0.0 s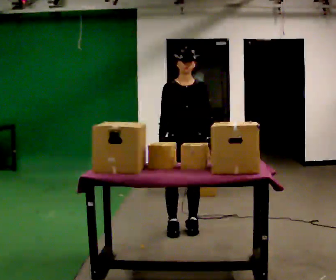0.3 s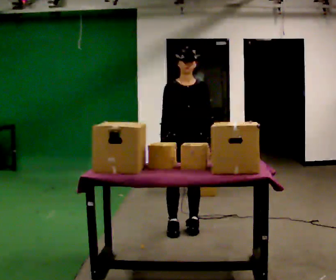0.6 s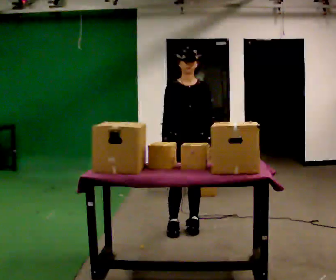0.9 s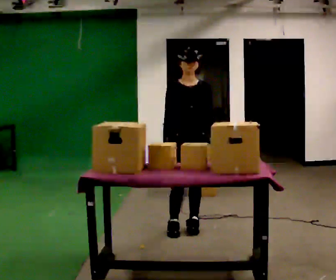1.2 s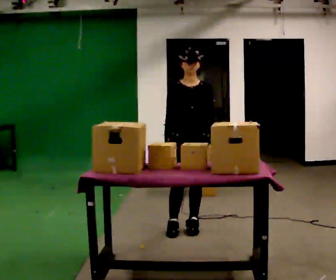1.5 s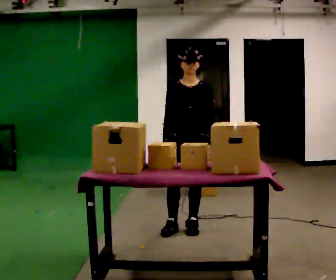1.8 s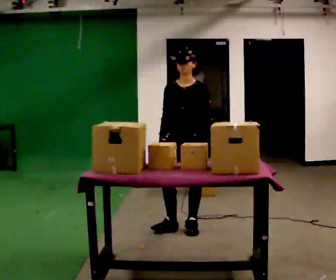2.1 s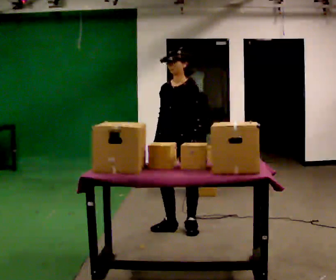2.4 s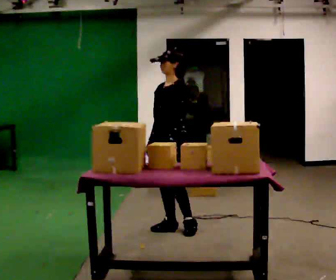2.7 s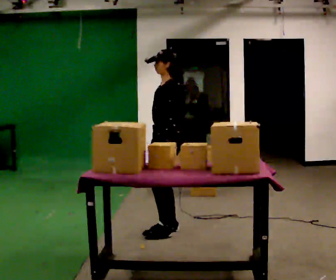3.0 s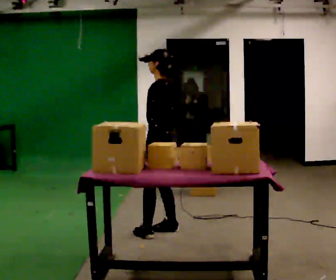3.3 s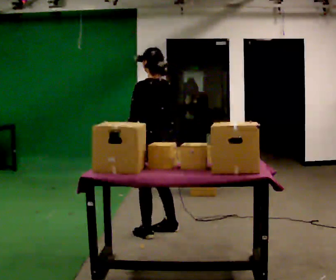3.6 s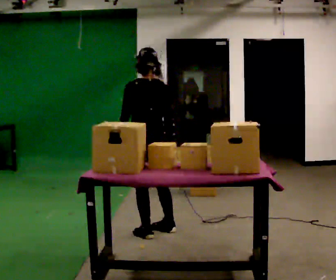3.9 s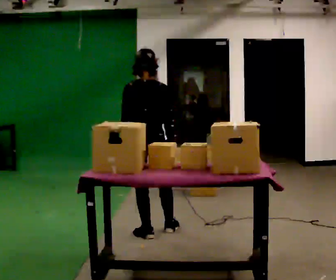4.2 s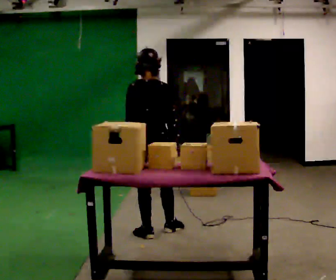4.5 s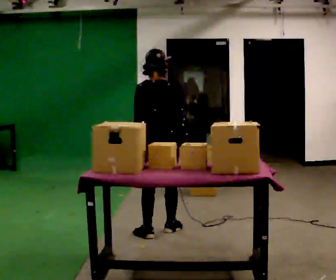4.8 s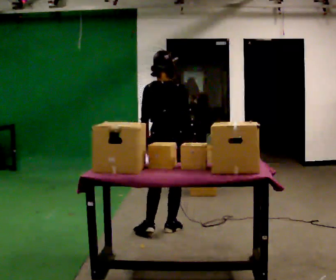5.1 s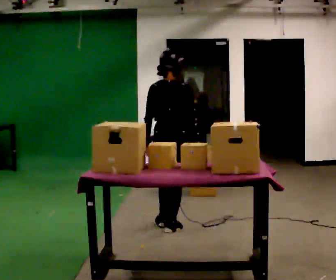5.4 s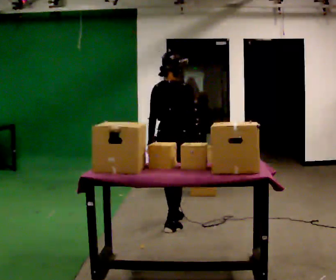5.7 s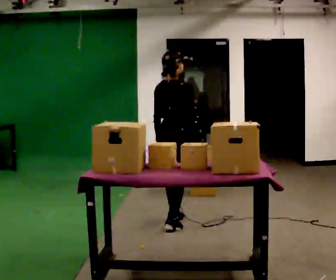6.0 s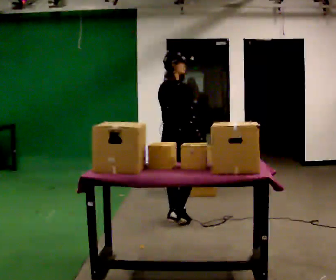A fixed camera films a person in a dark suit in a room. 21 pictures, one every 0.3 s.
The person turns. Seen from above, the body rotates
clockwise.
The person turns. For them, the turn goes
to their right.
0.0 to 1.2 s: The person moves a little, or ends about where they began.
1.2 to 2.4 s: Seen from above the body turns clockwise, about 60 degrees: to their right, with its near side sliding to the left. In the picture they go to the left, about 0.25 m, which for them is to their right. In the picture their left hand goes to the left.
2.4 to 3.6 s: Seen from above the body turns clockwise, about 105 degrees: to their right, with its near side sliding to the left. In the picture they go to the left and toward the camera, about 0.25 m in 1 step.
3.6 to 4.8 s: In the picture they go to the right, about 0.25 m, which for them is forward and to their right.
4.8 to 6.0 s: The person turns about 45 degrees to their right, clockwise seen from above, so the part of the body nearest the lens slides to the left. In the picture they go away from the camera, about 0.25 m in 1 step, which for them is forward.
The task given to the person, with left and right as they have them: Carry the object over and fit it into the gap between the two boxes already on the shelf, without touching either of them. Keep going until the operator says stop; one object at a time, and do not rush between trips.
The film runs forward here.
